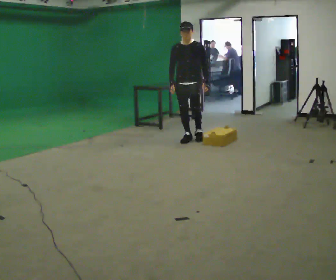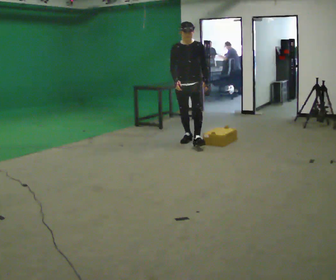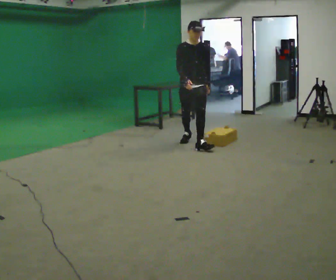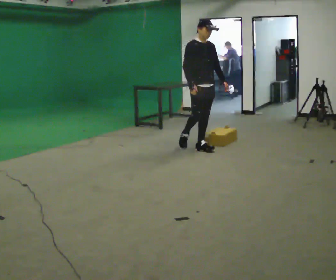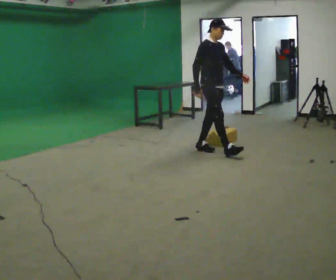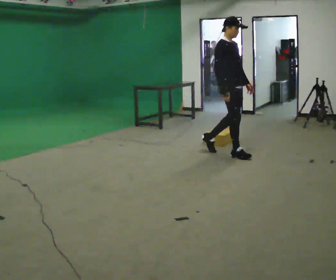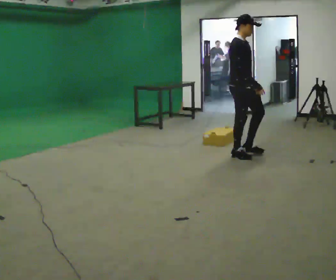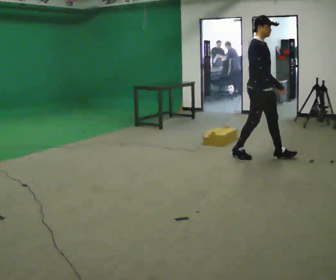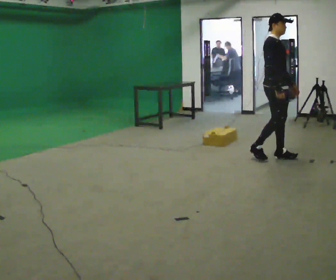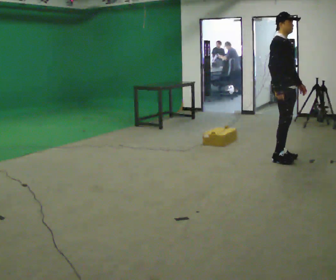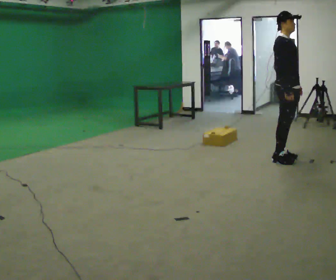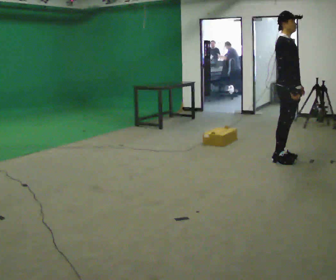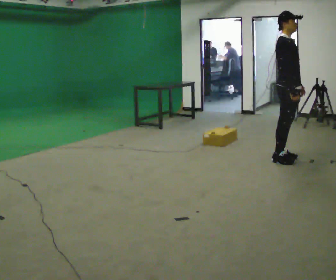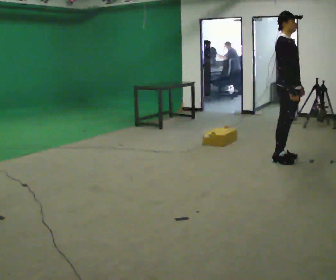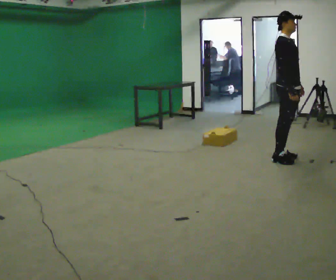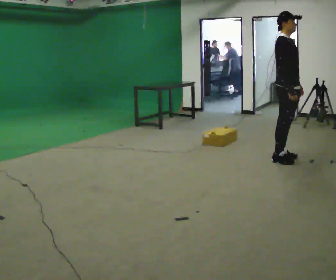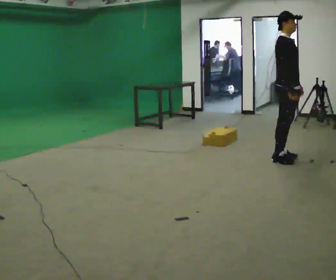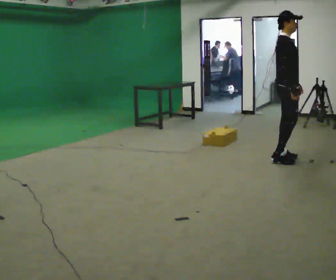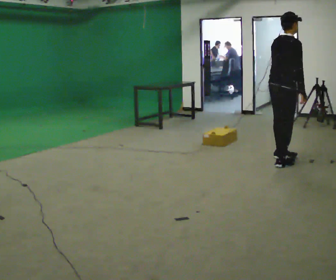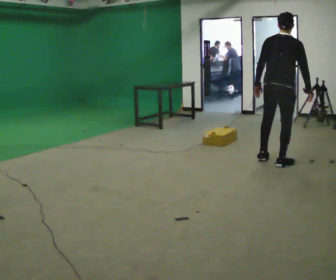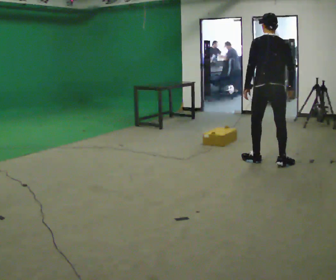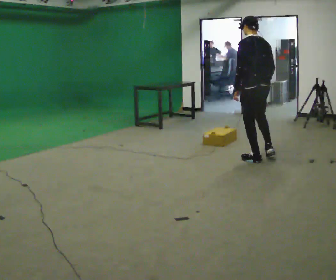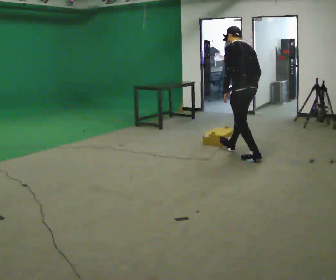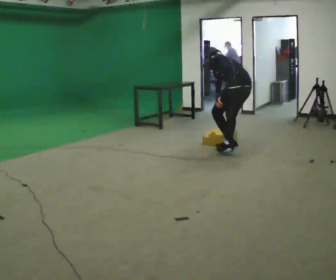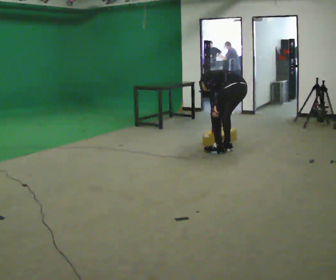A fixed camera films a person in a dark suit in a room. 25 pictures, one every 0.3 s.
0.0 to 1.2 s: Seen from above the body turns counterclockwise, about 60 degrees: to their left, with its near side sliding to the right. In the picture they go toward the camera and to the right, about 0.5 m in 1 step.
1.2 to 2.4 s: In the picture they go to the right, about 1 m in 2 steps, which for them is forward.
2.4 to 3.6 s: In the picture they go to the right, about 0.25 m in 1 step, which for them is forward.
3.6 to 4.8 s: The person keeps their place and pose.
4.8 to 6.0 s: Seen from above the body turns counterclockwise, about 120 degrees: to their left, with its near side sliding to the right. In the picture they go to the left, about 0.25 m in 2 steps. In the picture their left hand goes to the left.
6.0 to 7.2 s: Seen from above the body turns counterclockwise, about 45 degrees: to their left, with its near side sliding to the right. In the picture they go to the left and away from the camera, about 0.5 m in 2 steps, which for them is forward. The upper body goes downward. In the picture the upper body tilts counterclockwise, shoulders to the left, as they bend forward.
The film runs forward here.
